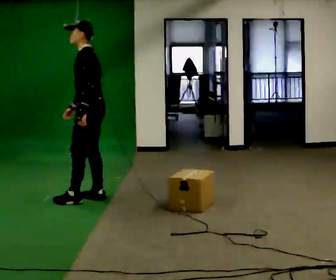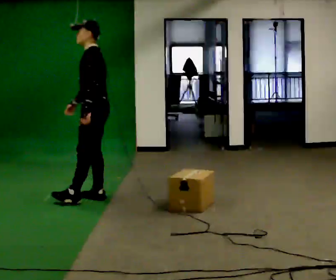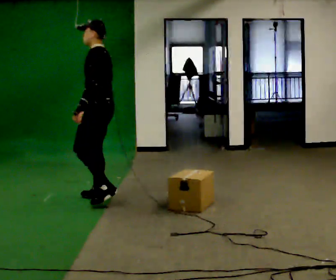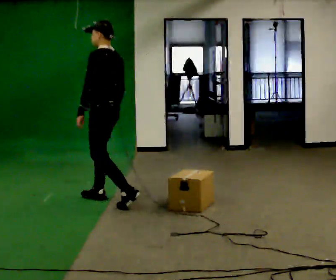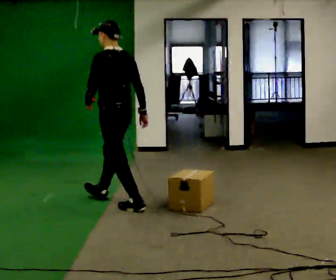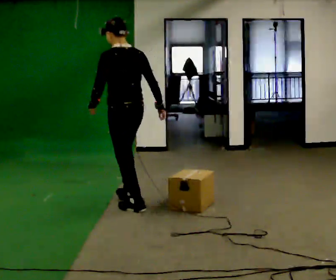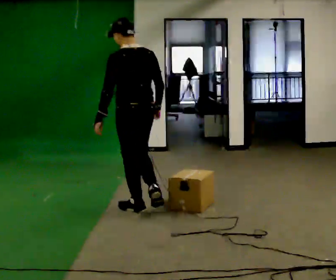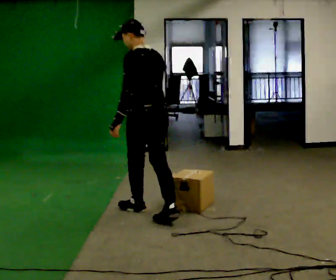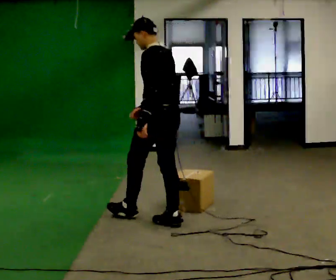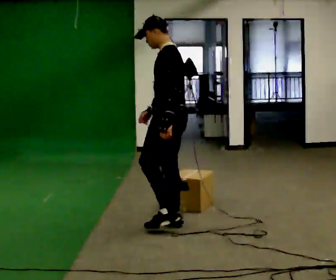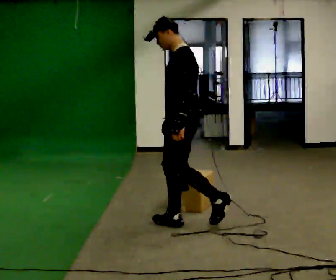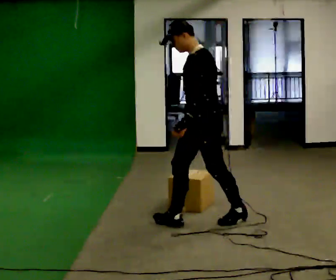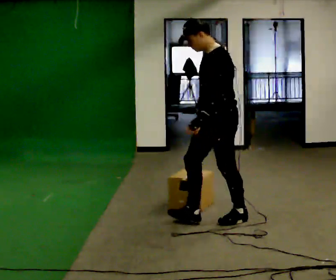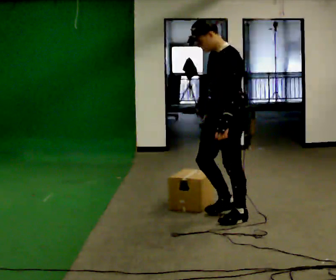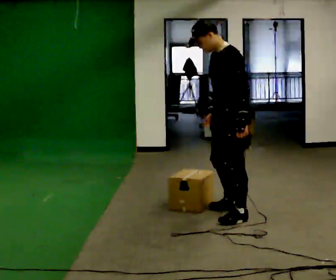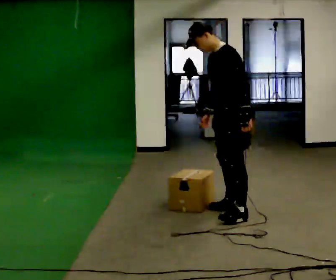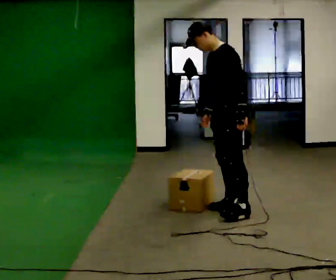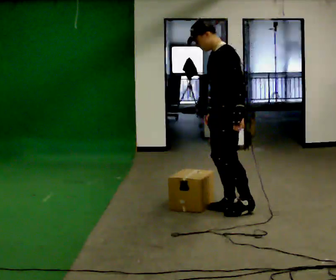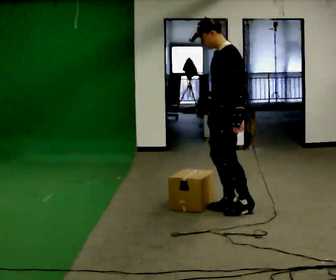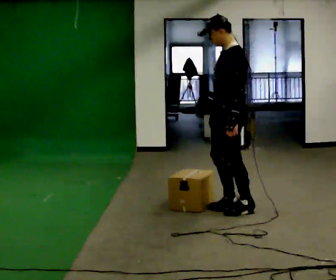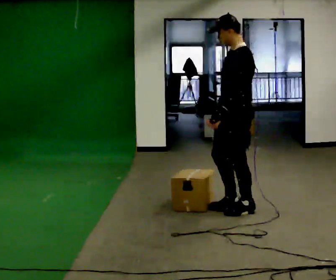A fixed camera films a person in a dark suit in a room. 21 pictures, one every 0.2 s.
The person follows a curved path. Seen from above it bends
counterclockwise.
The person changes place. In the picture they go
to the right.
0.0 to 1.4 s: Seen from above the body turns clockwise, about 45 degrees: to their right, with its near side sliding to the left. In the picture they go to the right and toward the camera, about 0.5 m in 2 steps, which for them is backward.
1.4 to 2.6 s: The person turns about 75 degrees to their left, counterclockwise seen from above, so the part of the body nearest the lens slides to the right. In the picture they go to the right, about 0.75 m in 2 steps.
2.6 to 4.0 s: In the picture they go away from the camera, about 0.25 m in 1 step, which for them is to their right and backward.
The film runs backward here.
